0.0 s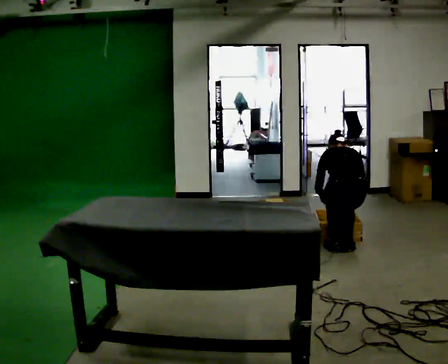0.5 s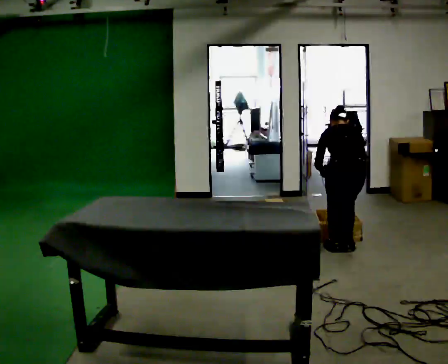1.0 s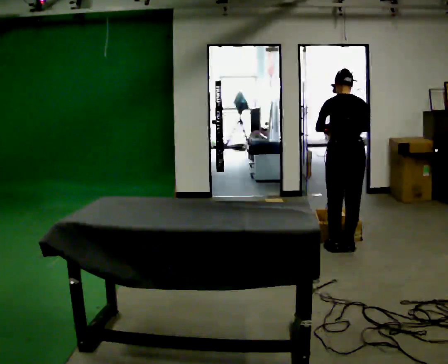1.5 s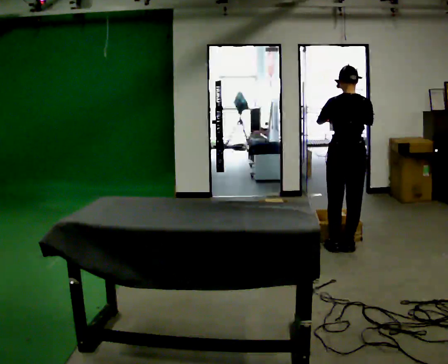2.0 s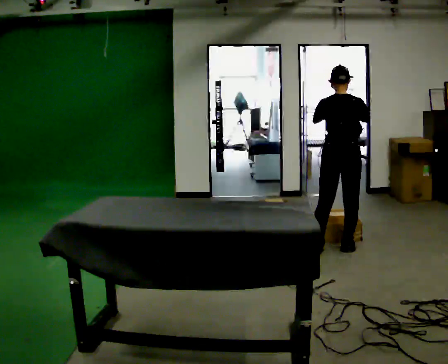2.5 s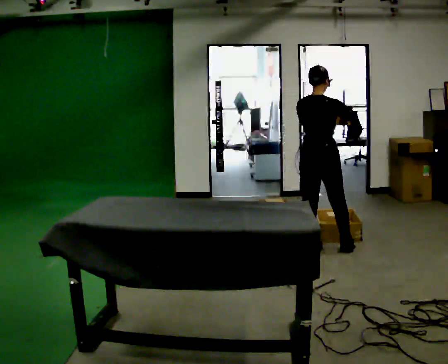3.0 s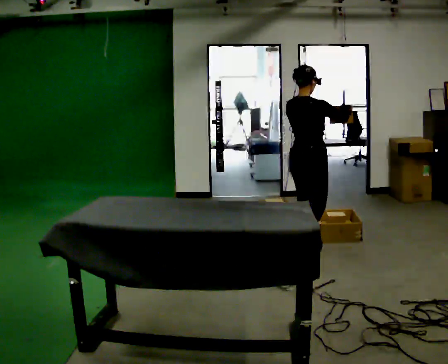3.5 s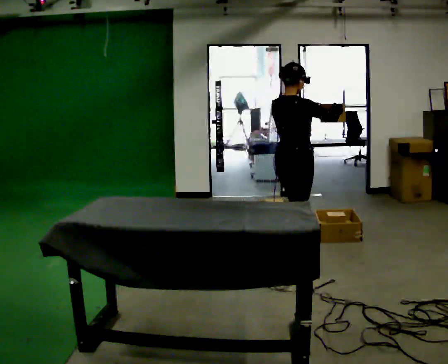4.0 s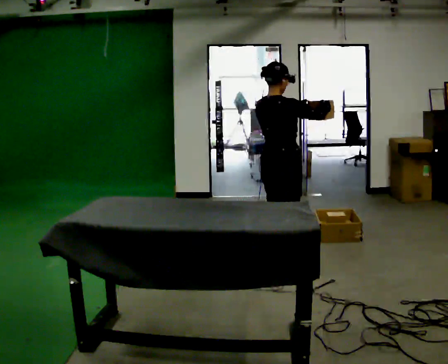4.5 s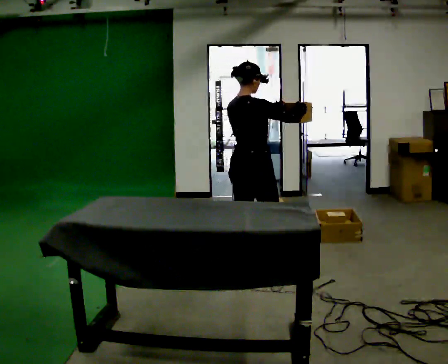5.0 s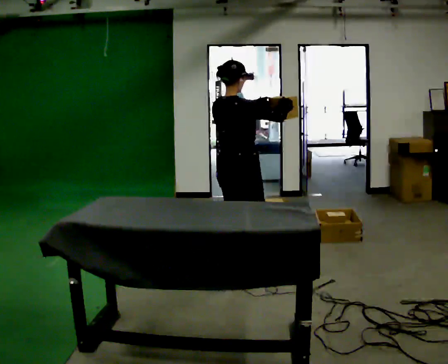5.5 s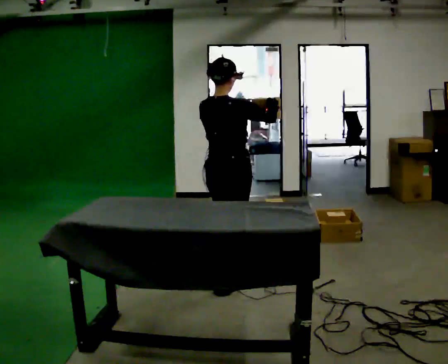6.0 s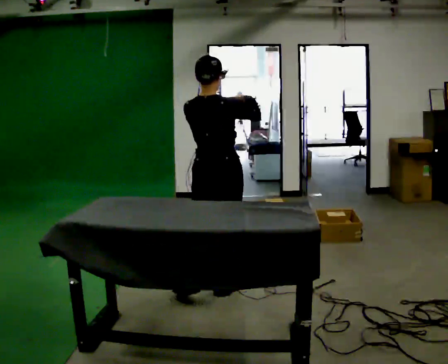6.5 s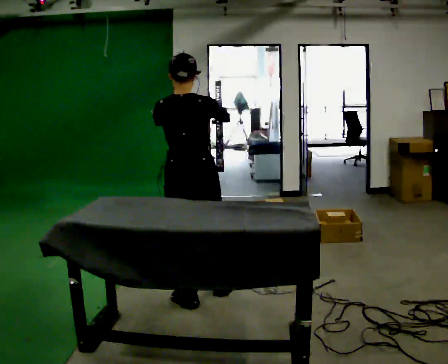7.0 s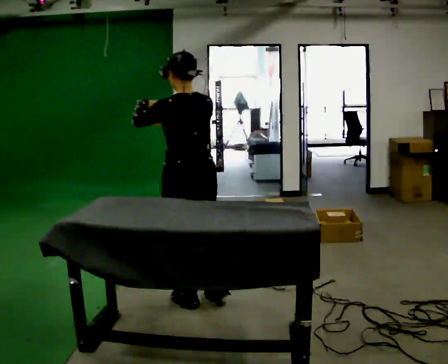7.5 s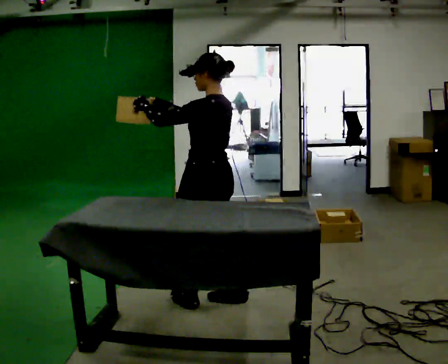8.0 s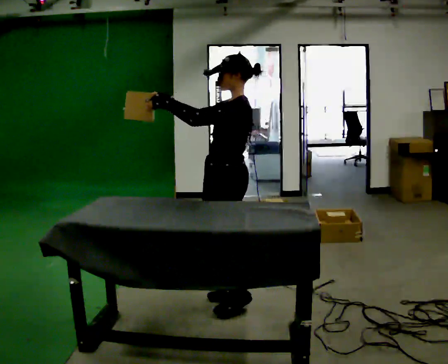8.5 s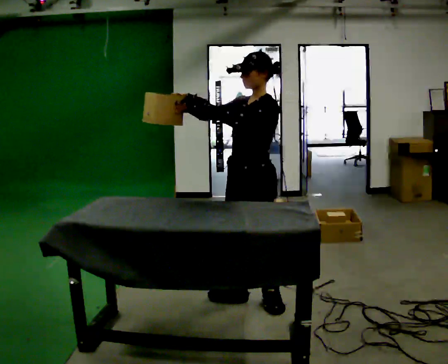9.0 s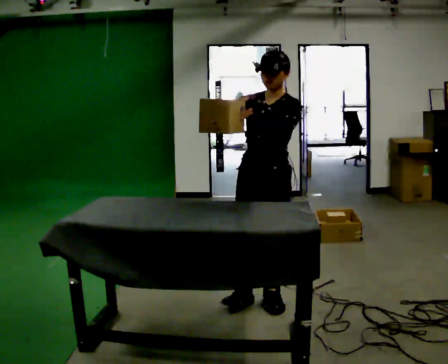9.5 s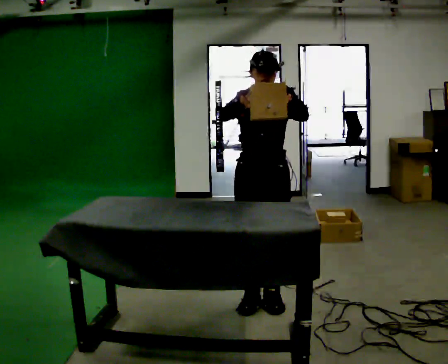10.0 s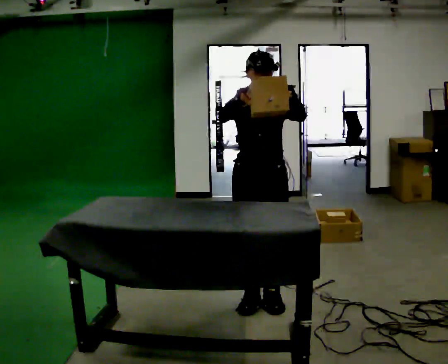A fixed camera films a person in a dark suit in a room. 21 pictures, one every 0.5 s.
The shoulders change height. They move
upward.
Their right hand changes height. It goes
upward.
0.0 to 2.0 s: The upper body goes upward. The upper body tips toward the camera, its near side rolling downward, as they lean back or straighten. In the picture their left hand goes upward.
2.0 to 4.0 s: The part of the body nearest the lens slides to the left as the person turns to their right by about 30 degrees. In the picture they go to the left and toward the camera, about 0.75 m in 2 steps, which for them is backward.
4.0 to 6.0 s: The person turns about 30 degrees to their left, counterclockwise seen from above, so the part of the body nearest the lens slides to the right. In the picture they go toward the camera and to the left, about 0.75 m in 2 steps, which for them is backward.
6.0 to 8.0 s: The person turns about 105 degrees to their left, counterclockwise seen from above, so the part of the body nearest the lens slides to the right. In the picture the upper body tilts clockwise, shoulders to the right. In the picture their right hand goes to the left.
8.0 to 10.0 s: The part of the body nearest the lens slides to the right as the person turns to their left by about 90 degrees. In the picture they go to the right, about 0.25 m. In the picture their right hand goes to the right.
The film runs backward here.
